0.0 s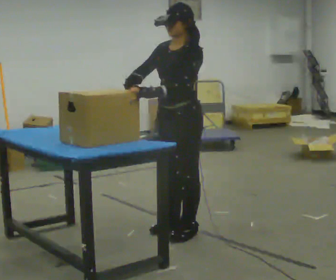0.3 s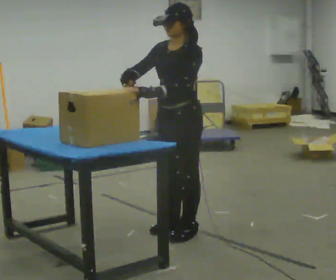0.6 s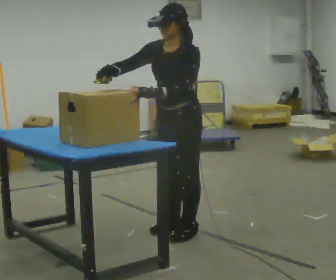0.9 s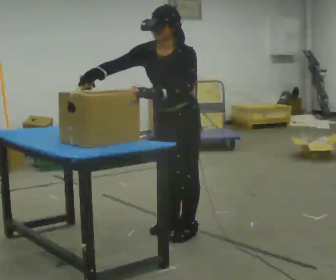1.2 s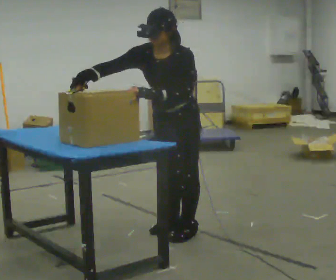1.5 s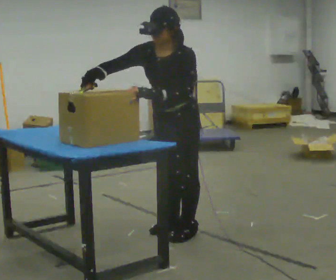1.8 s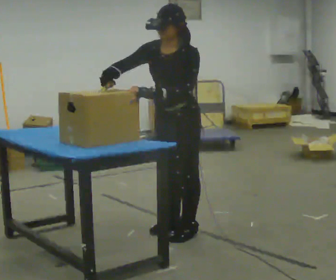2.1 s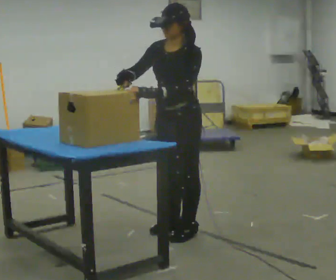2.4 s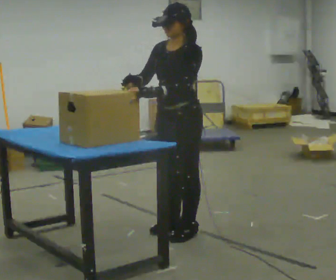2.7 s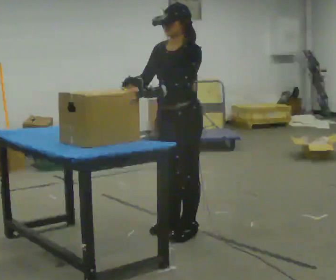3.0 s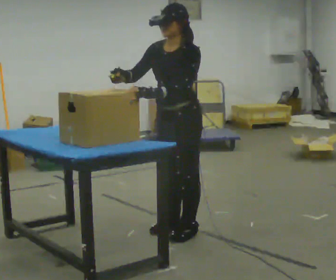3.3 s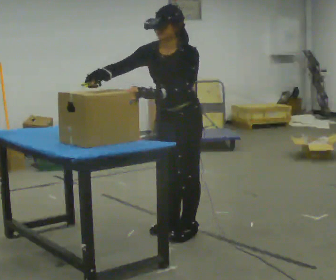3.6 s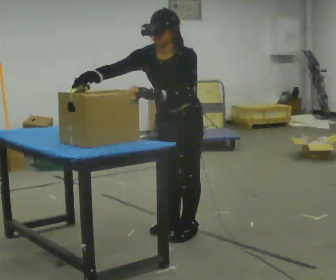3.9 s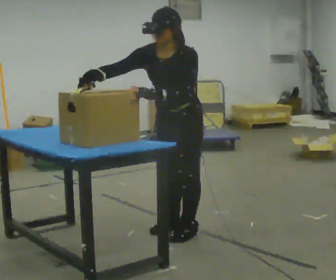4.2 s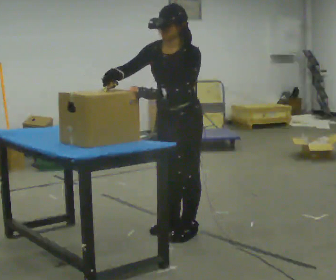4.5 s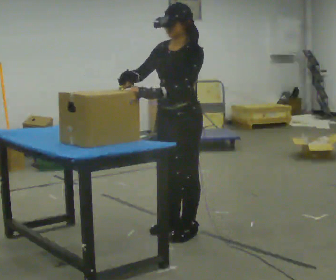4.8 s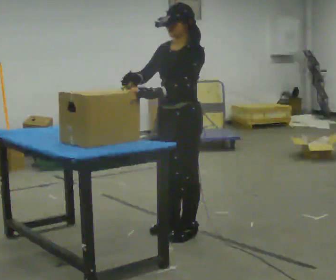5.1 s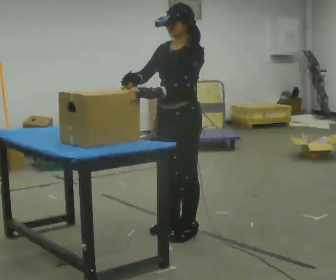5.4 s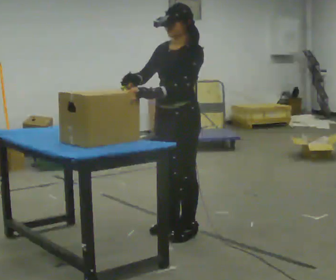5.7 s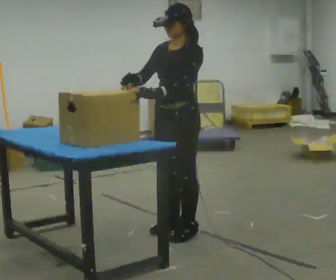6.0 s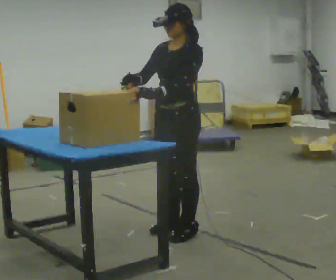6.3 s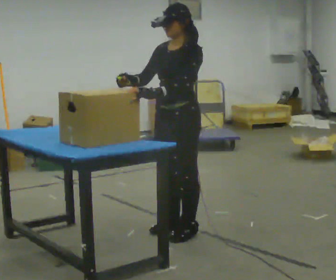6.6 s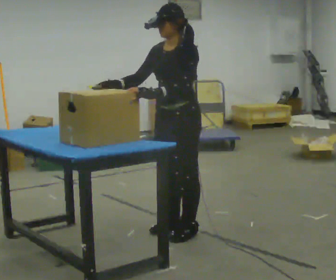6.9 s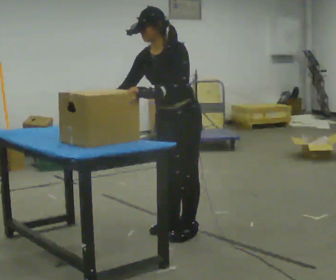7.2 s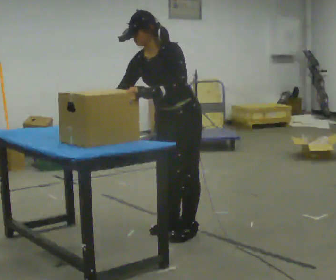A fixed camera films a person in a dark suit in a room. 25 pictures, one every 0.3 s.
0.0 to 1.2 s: The upper body tips toward the camera, its near side rolling downward, as they bend forward.
1.2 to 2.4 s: The upper body tips away from the camera, its near side rolling upward, as they lean back or straighten.
2.4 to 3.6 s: The upper body tips toward the camera, its near side rolling downward, as they bend forward.
3.6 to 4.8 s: The upper body tips away from the camera, its near side rolling upward, as they lean back or straighten.
4.8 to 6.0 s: The person keeps their place and pose.
6.0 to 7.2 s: In the picture the upper body tilts counterclockwise, shoulders to the left, as they bend forward.
The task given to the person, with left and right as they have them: Use the blunt tool to cut along the marked line on the block. Repeat at your own pace until the operator says stop. Keep both feet on the marked spots for the whole take. If you have to step, stop and tell the operator.
The film runs forward here.
